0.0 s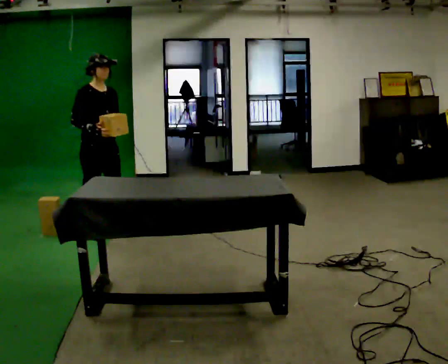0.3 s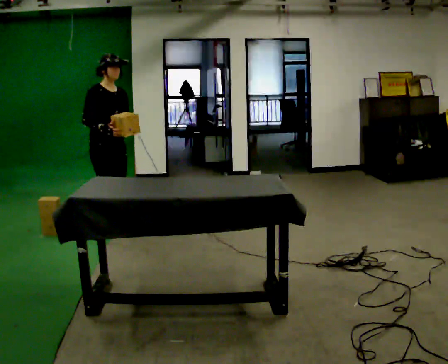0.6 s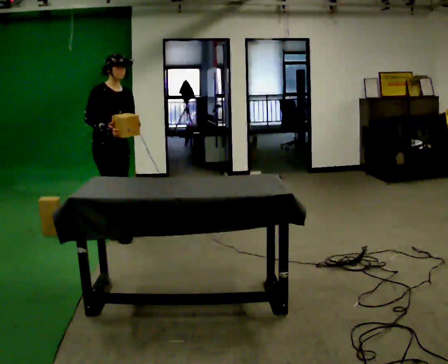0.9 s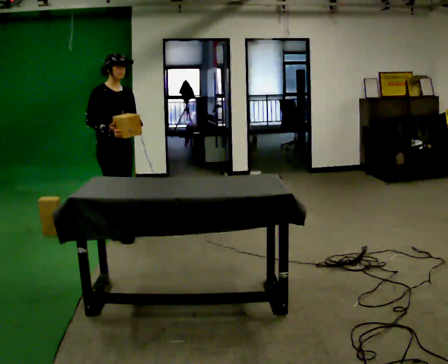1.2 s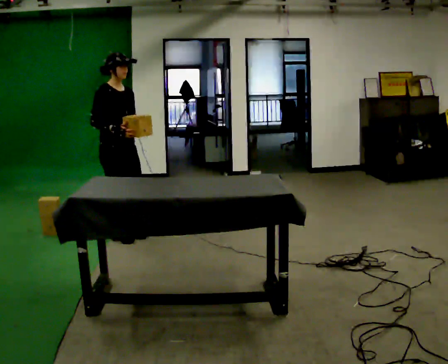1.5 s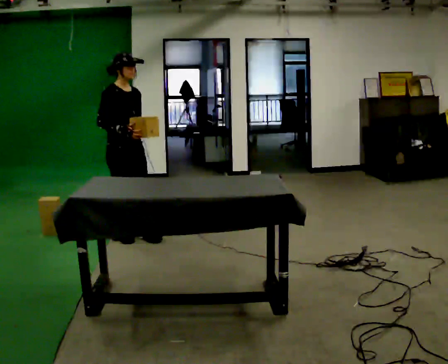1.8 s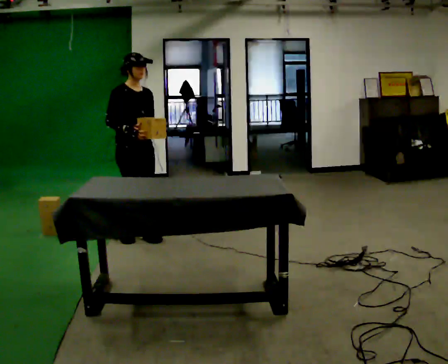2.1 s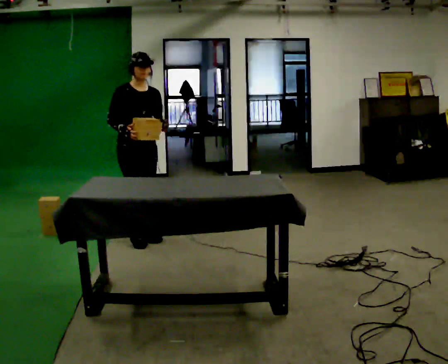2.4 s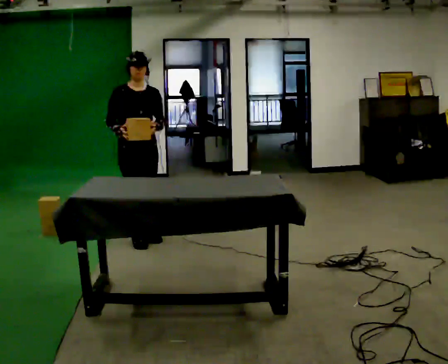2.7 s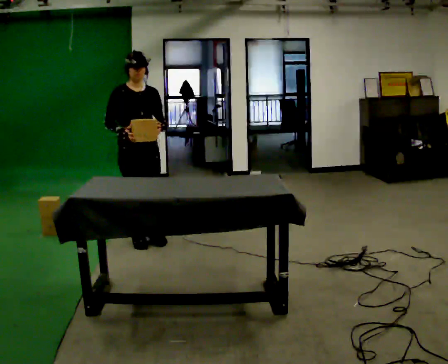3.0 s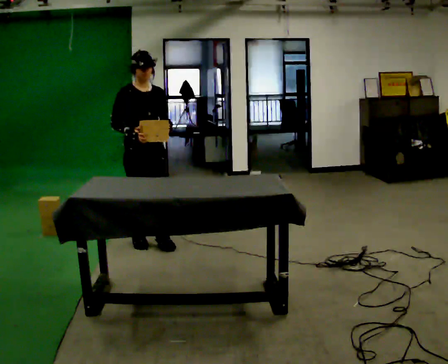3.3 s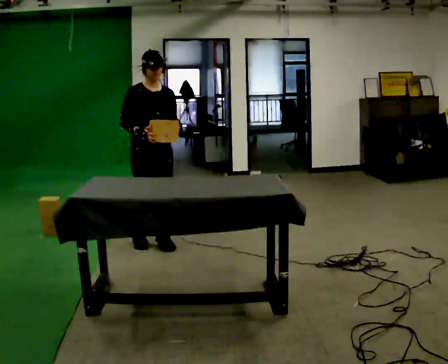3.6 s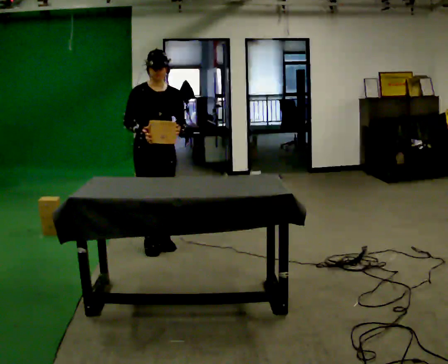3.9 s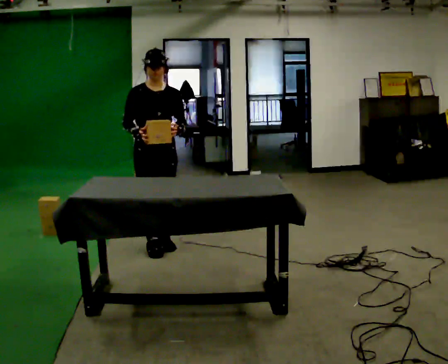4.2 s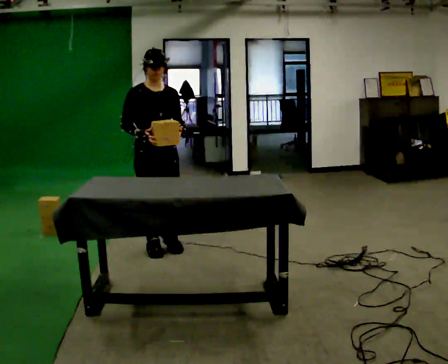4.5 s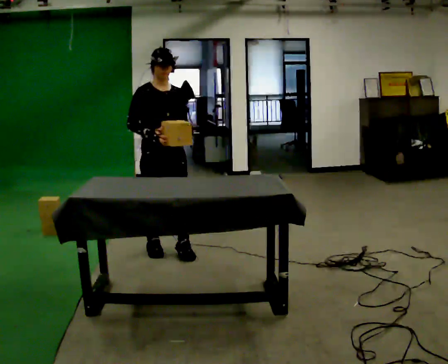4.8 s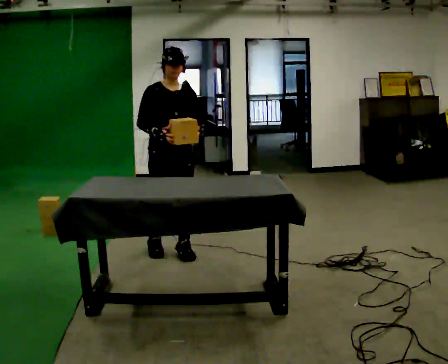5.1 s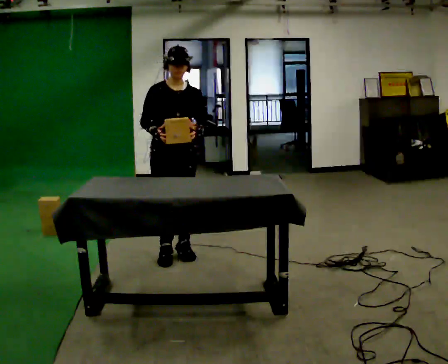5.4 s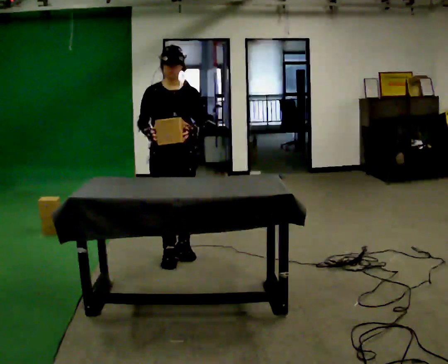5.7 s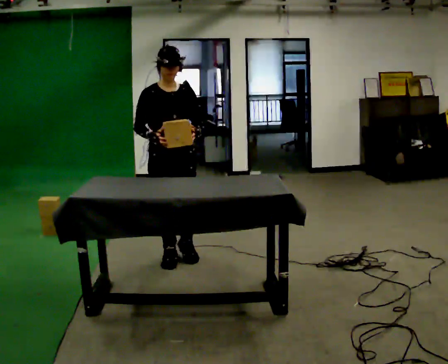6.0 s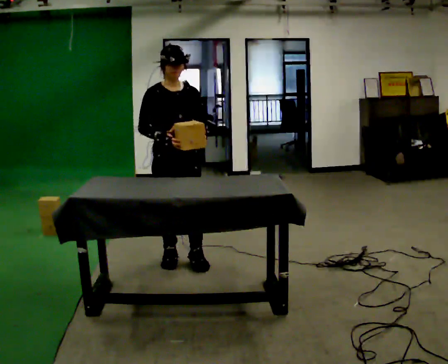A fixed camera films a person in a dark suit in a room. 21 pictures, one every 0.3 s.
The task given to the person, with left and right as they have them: Pick an object up off the floor at one end of the room, carry it across, and place it on the waist-height shelf at the other end. Keep going until the operator says stop; one object at a time, and do not rush between trips.
0.0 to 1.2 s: In the picture they go to the right, about 0.25 m in 1 step, which for them is forward.
1.2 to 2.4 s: The person turns about 30 degrees to their right, clockwise seen from above, so the part of the body nearest the lens slides to the left. In the picture they go to the right, about 0.25 m in 2 steps, which for them is forward.
2.4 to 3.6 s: In the picture they go toward the camera, about 0.25 m in 1 step, which for them is forward.
3.6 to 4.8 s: In the picture they go toward the camera, about 0.25 m in 2 steps, which for them is forward.
4.8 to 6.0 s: In the picture they go toward the camera, about 0.25 m in 2 steps, which for them is forward.
The film runs forward here.
